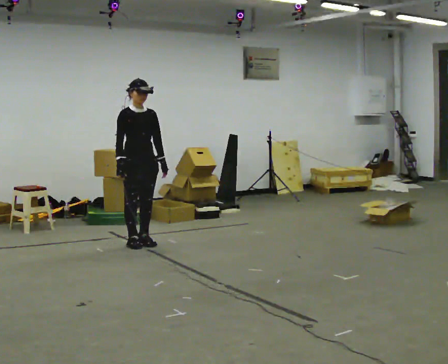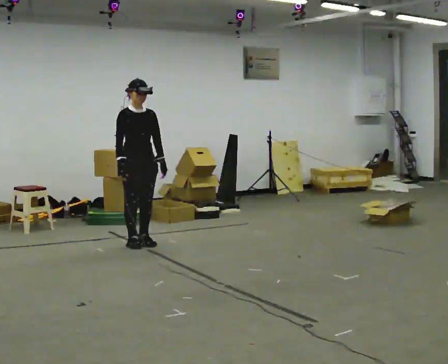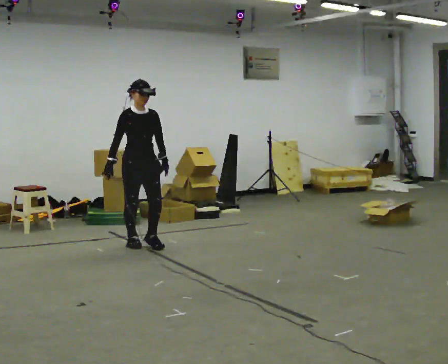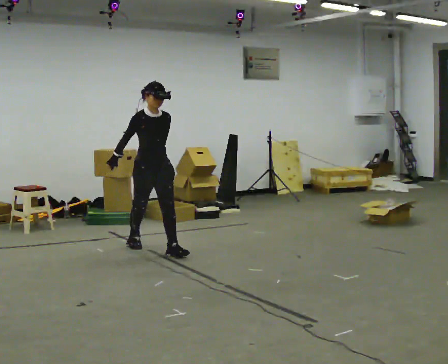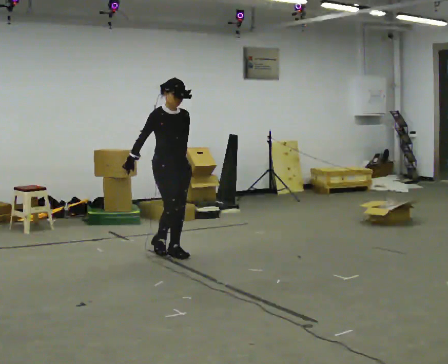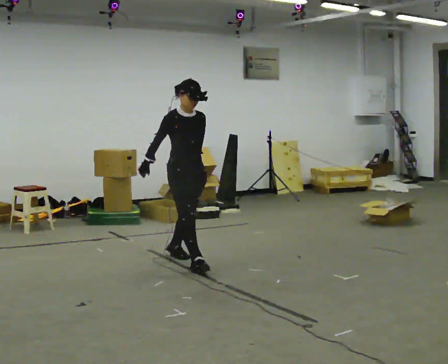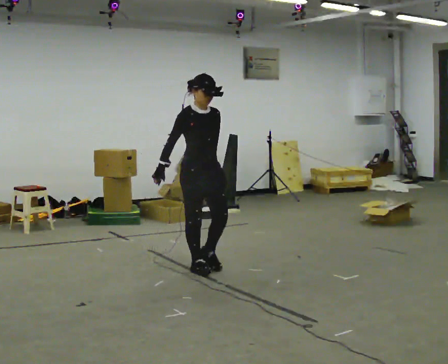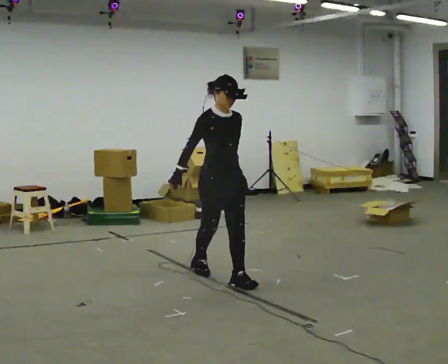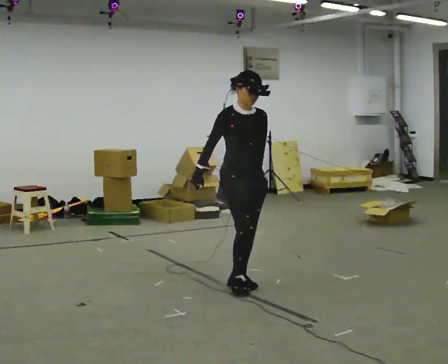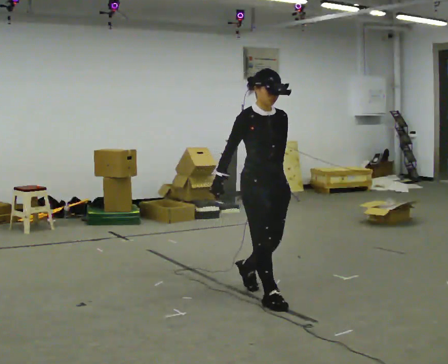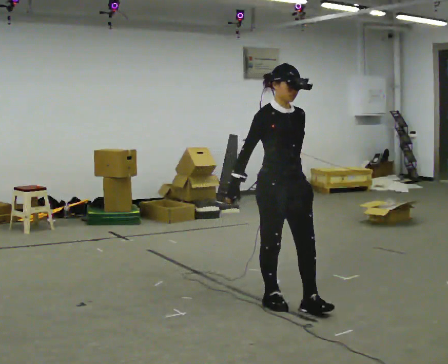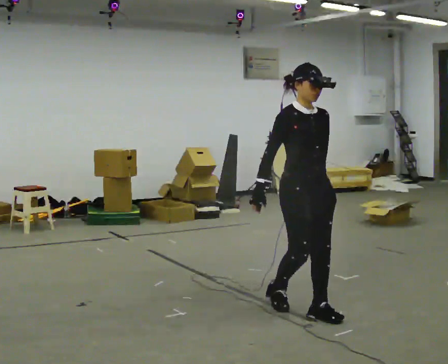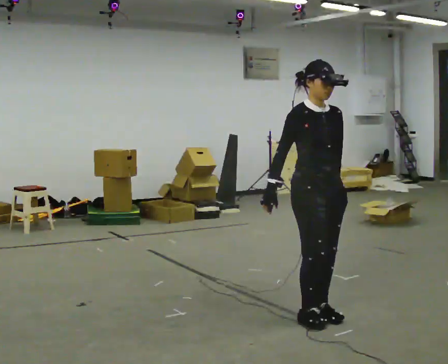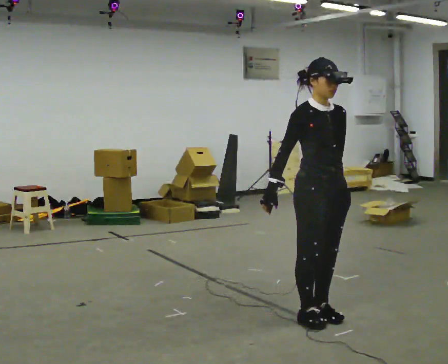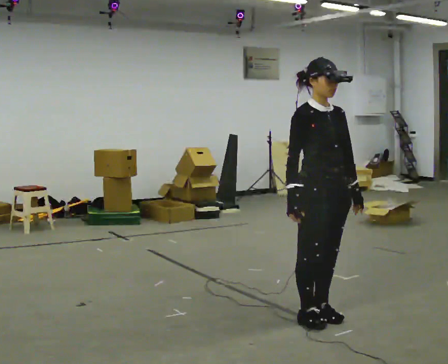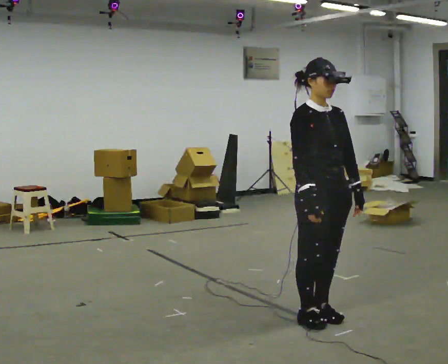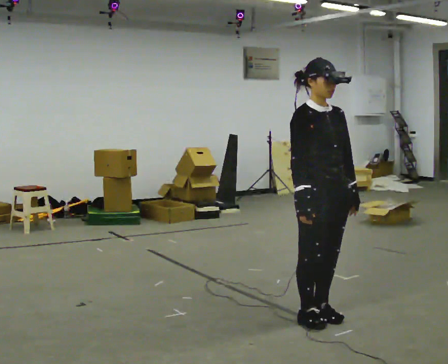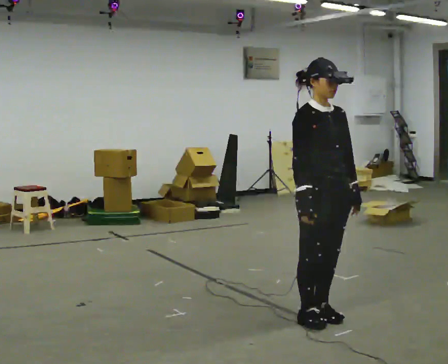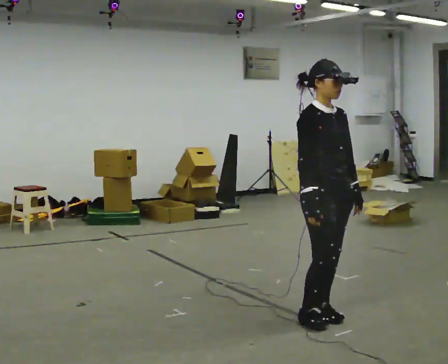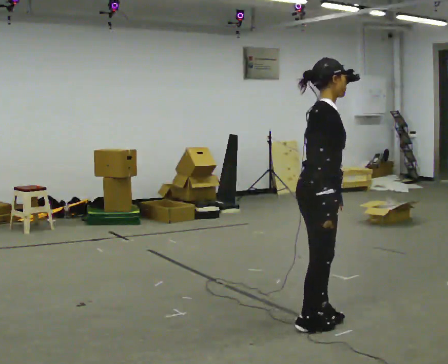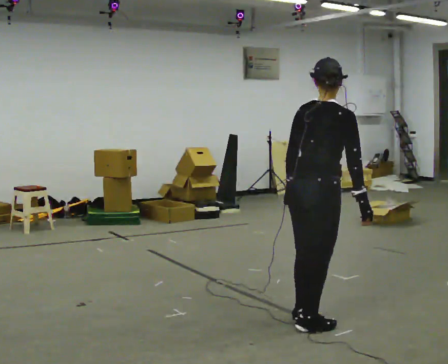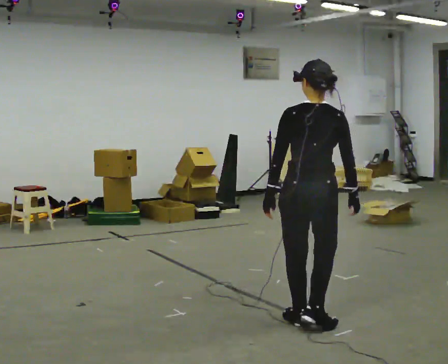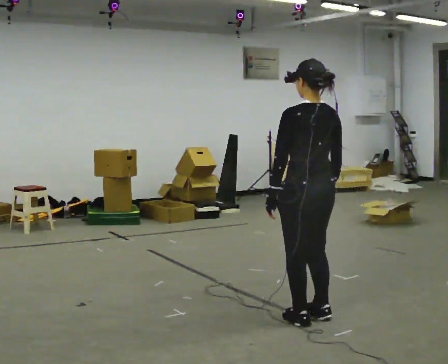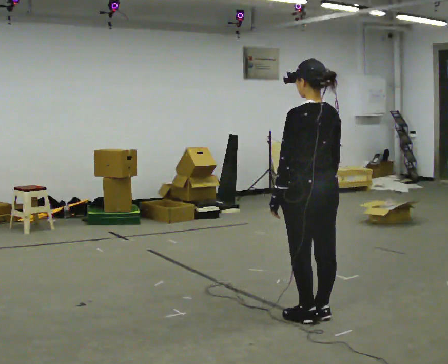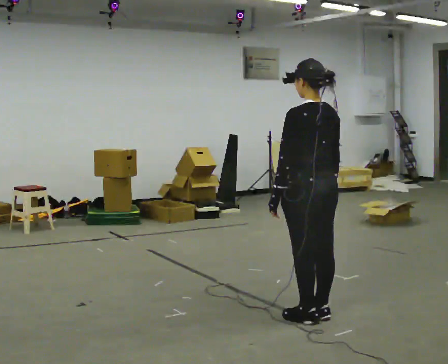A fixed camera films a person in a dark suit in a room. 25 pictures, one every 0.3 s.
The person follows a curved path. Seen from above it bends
clockwise.
The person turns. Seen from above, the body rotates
counterclockwise.
0.0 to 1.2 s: In the picture they go to the right and toward the camera, about 0.5 m in 1 step, which for them is forward.
1.2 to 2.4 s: In the picture they go to the right and toward the camera, about 1 m in 2 steps, which for them is forward.
2.4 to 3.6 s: In the picture they go toward the camera and to the right, about 1 m in 3 steps, which for them is forward.
3.6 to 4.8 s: The person moves a little, or ends about where they began.
4.8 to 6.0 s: Seen from above the body turns counterclockwise, about 120 degrees: to their left, with its near side sliding to the right. In the picture their left hand goes to the left, the arm swinging clockwise.
6.0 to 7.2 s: The person turns about 60 degrees to their left, counterclockwise seen from above, so the part of the body nearest the lens slides to the right.
The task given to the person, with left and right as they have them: Walk normally but hold both hands together in front of you at chest height; do not swing your arms; stop.
The film runs forward here.
